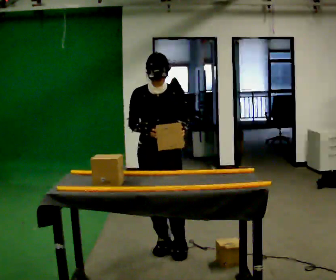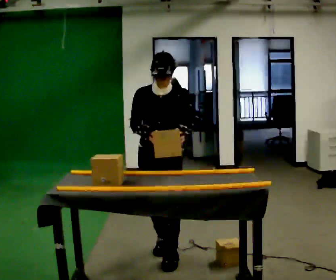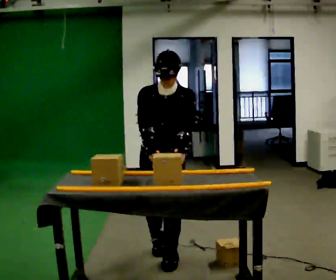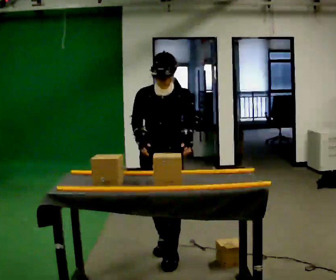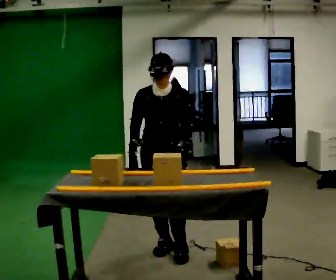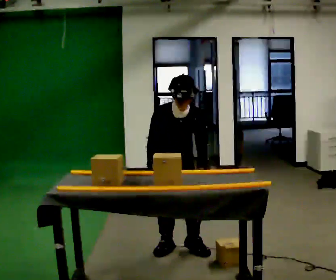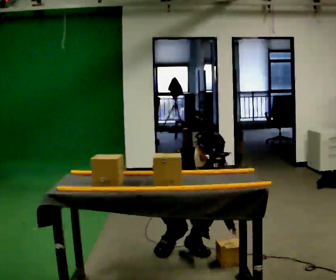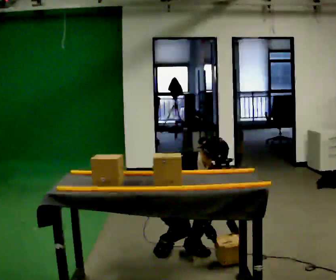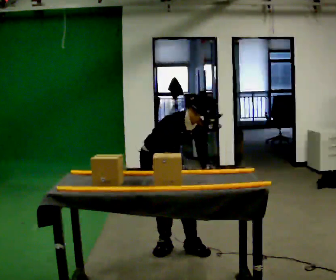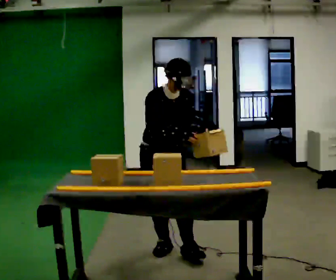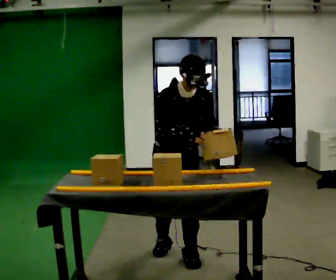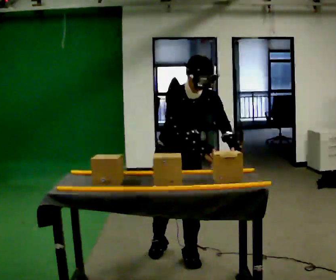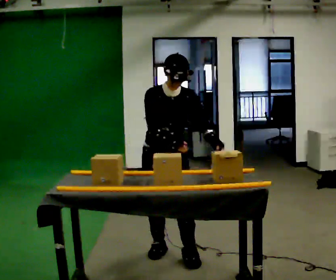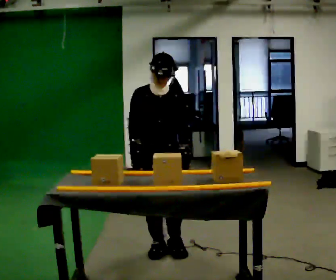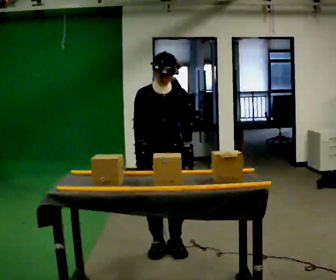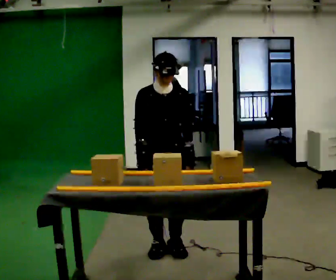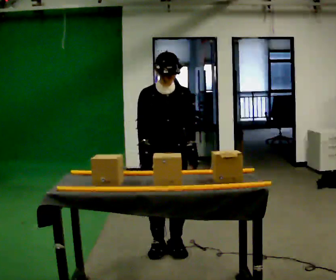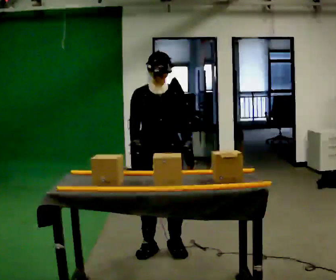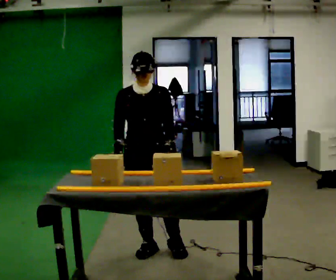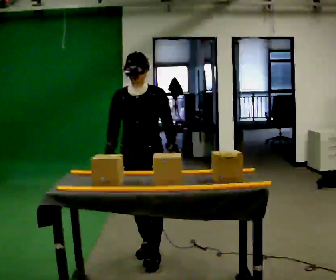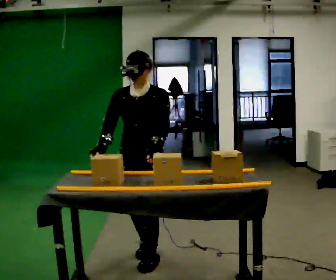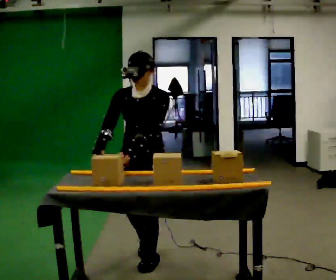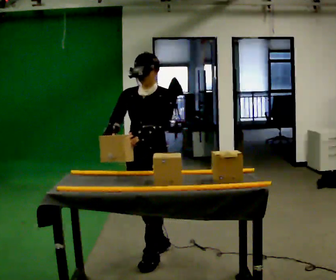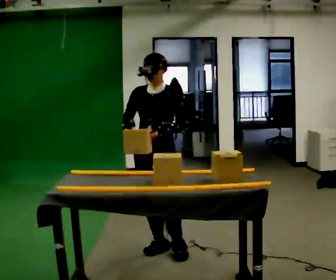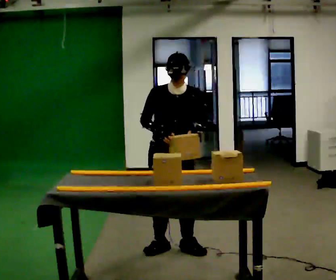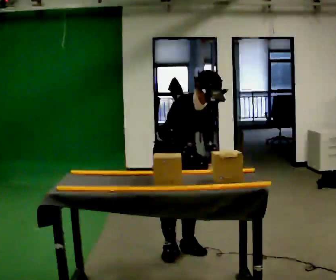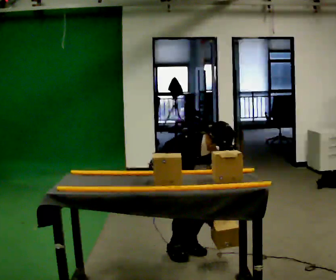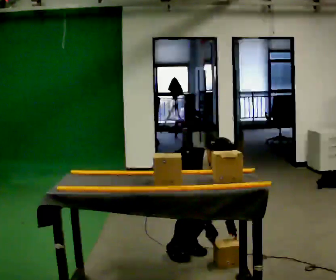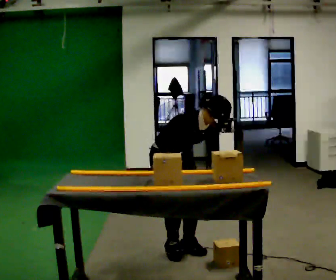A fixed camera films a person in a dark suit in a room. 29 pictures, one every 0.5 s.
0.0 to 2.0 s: The person moves a little, or ends about where they began.
2.0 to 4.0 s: Seen from above the body turns counterclockwise, about 45 degrees: to their left, with its near side sliding to the right. In the picture the upper body tilts clockwise, shoulders to the right, as they bend forward. In the picture their right hand goes to the right.
4.0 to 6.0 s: The person turns about 30 degrees to their right, clockwise seen from above, so the part of the body nearest the lens slides to the left. In the picture they go toward the camera, about 0.25 m in 1 step, which for them is forward. The shoulders move upward. In the picture the upper body tilts counterclockwise, shoulders to the left, as they lean back or straighten. In the picture their left hand goes upward.
6.0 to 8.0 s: The person moves a little, or ends about where they began.
8.0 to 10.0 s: The person turns about 30 degrees to their right, clockwise seen from above, so the part of the body nearest the lens slides to the left. In the picture they go toward the camera, about 0.25 m in 1 step, which for them is forward and to their right.
10.0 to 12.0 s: In the picture they go away from the camera and to the right, about 0.25 m in 1 step, which for them is backward.
12.0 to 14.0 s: The part of the body nearest the lens slides to the right as the person turns to their left by about 45 degrees. In the picture the upper body tilts clockwise, shoulders to the right, as they bend forward. In the picture their left hand goes downward.
The film runs backward here.
